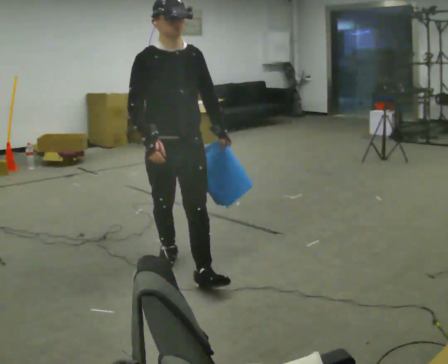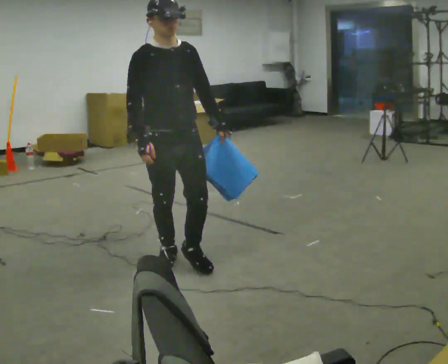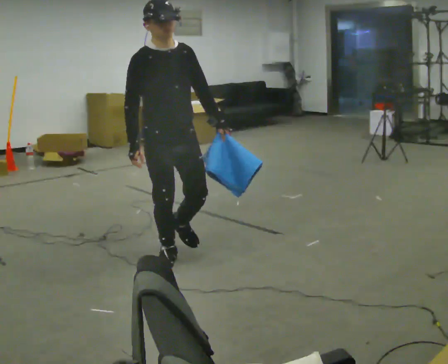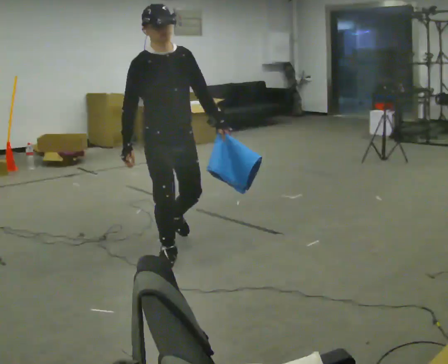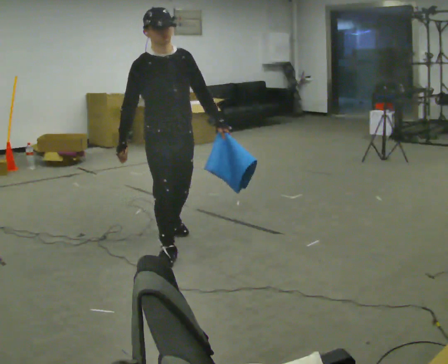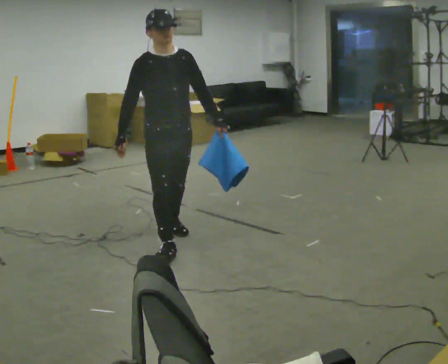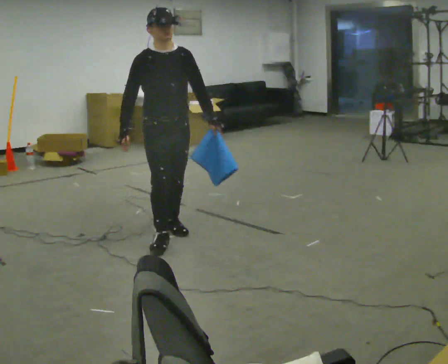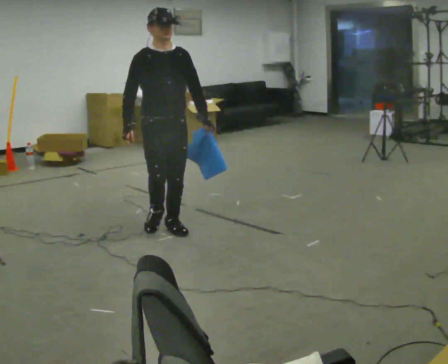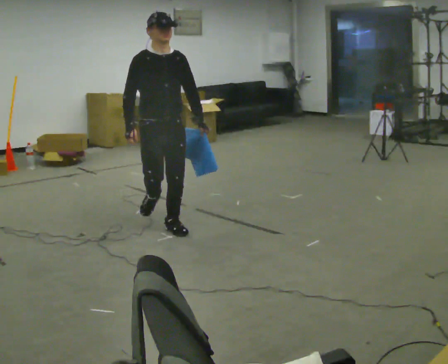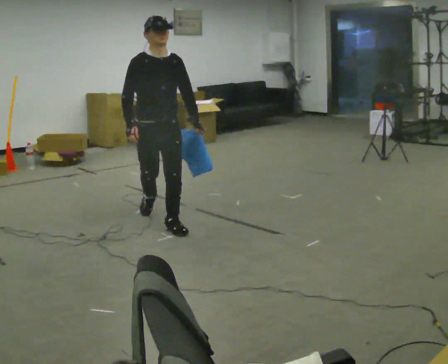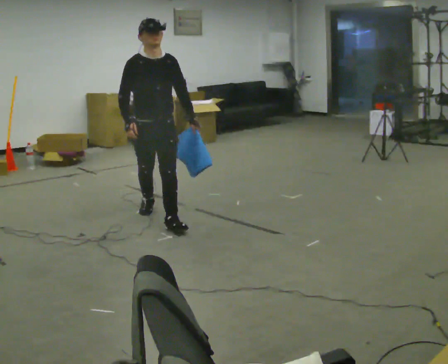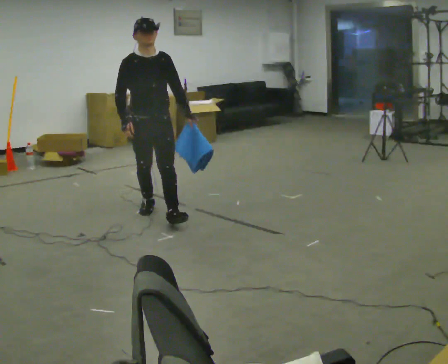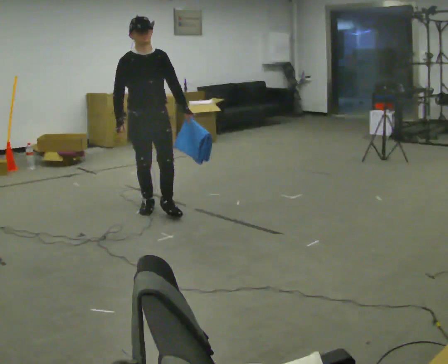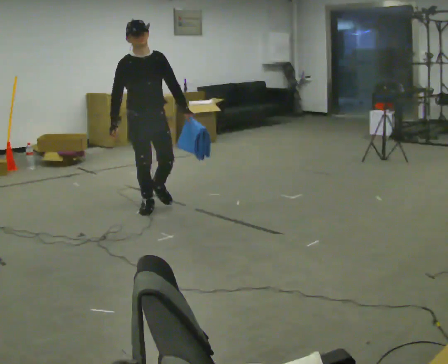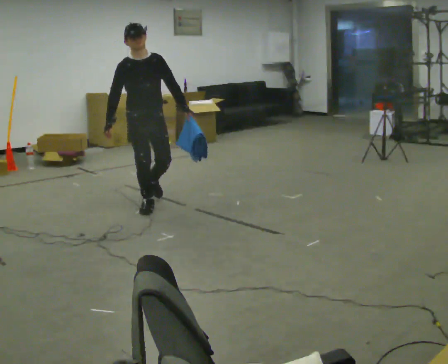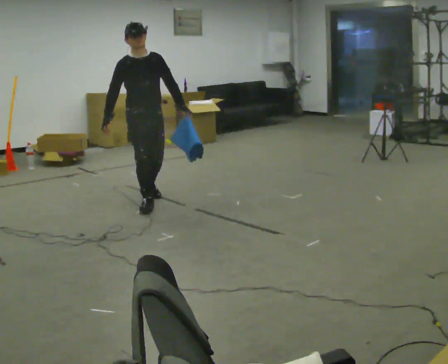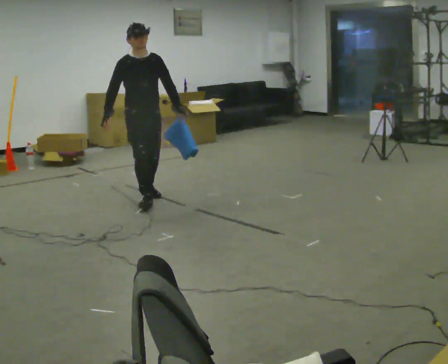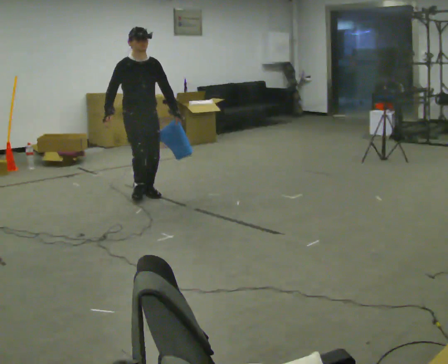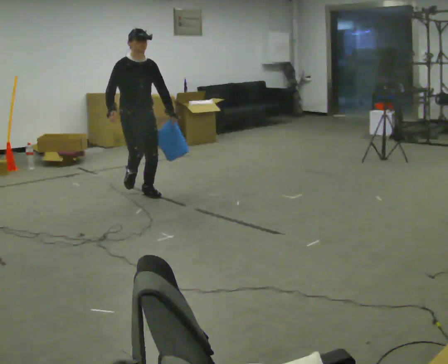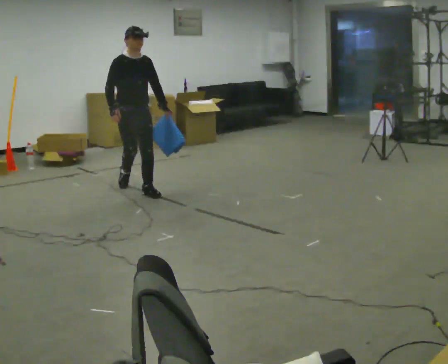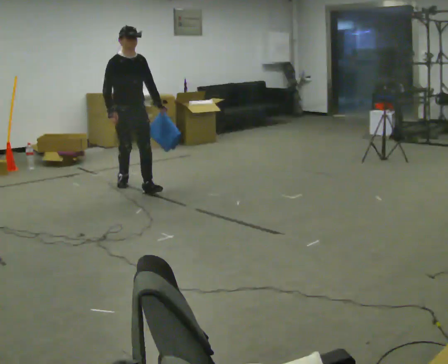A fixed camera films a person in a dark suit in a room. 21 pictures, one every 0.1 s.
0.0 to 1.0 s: In the picture they go away from the camera, about 1 m in 1 step, which for them is backward.
1.0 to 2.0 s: In the picture they go away from the camera, about 1 m in 3 steps, which for them is backward.
The film runs backward here.
